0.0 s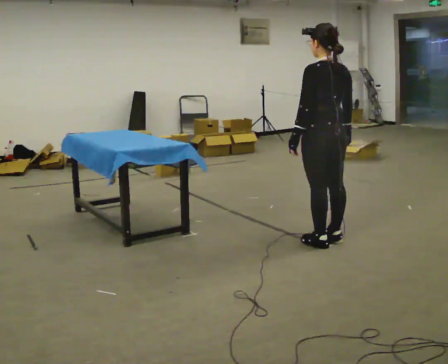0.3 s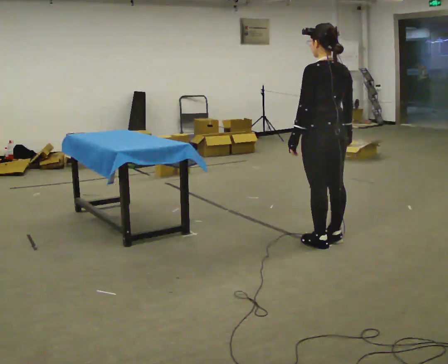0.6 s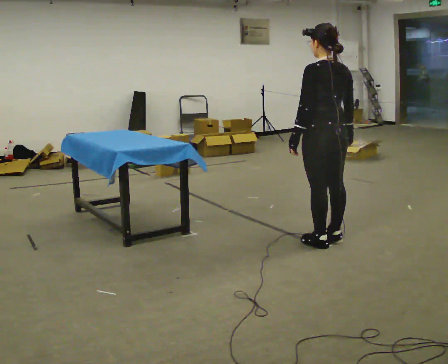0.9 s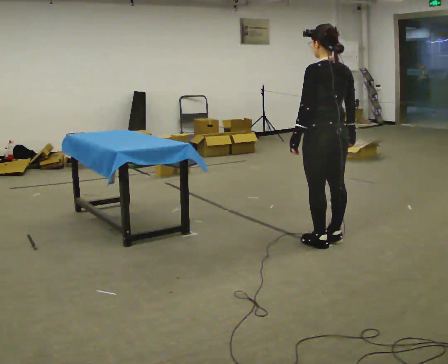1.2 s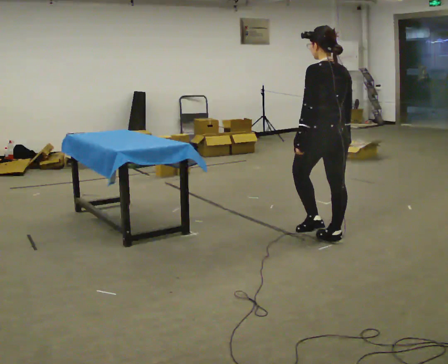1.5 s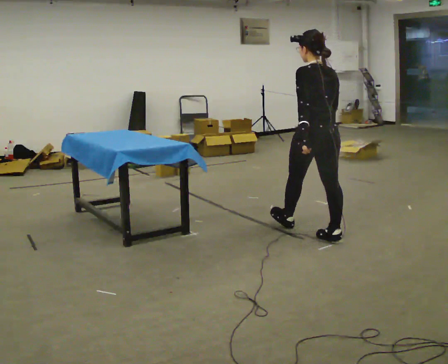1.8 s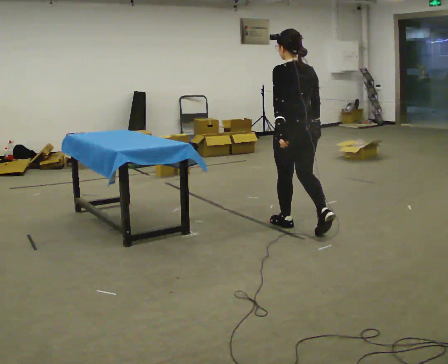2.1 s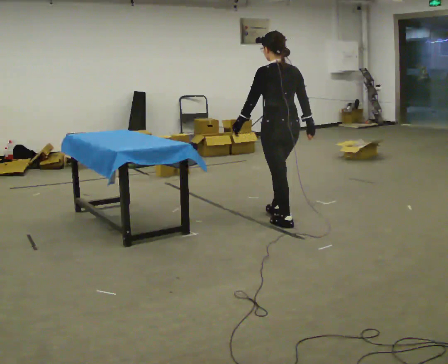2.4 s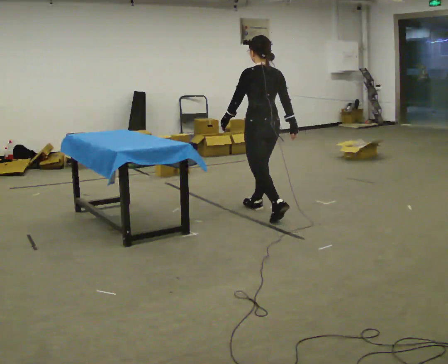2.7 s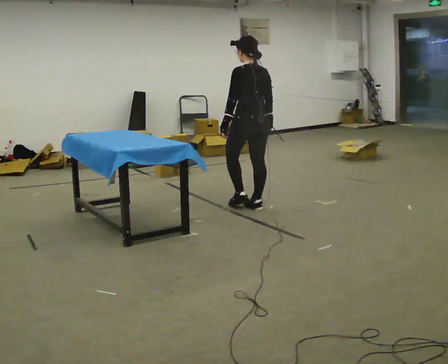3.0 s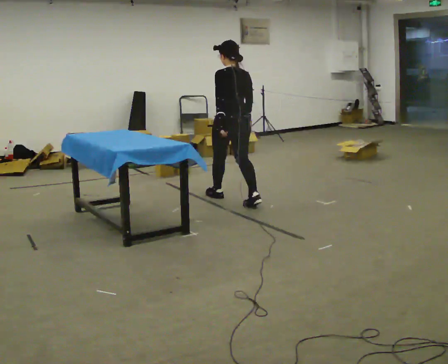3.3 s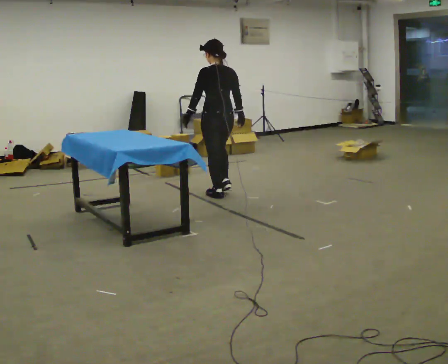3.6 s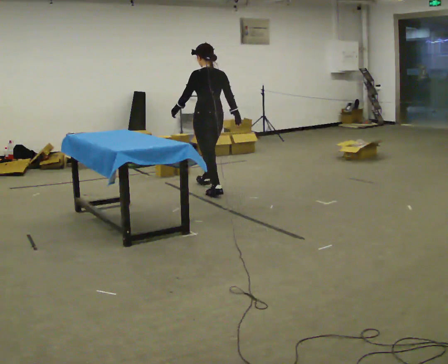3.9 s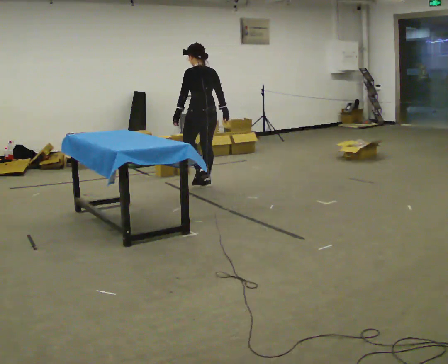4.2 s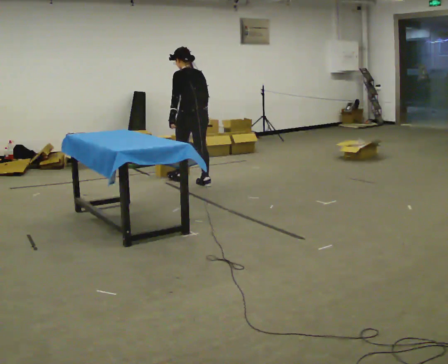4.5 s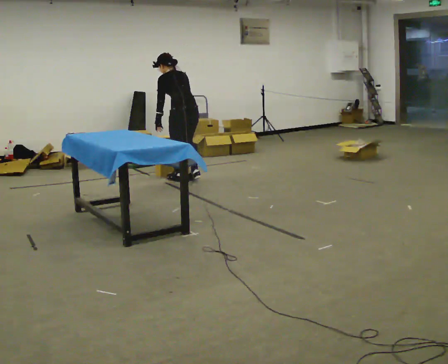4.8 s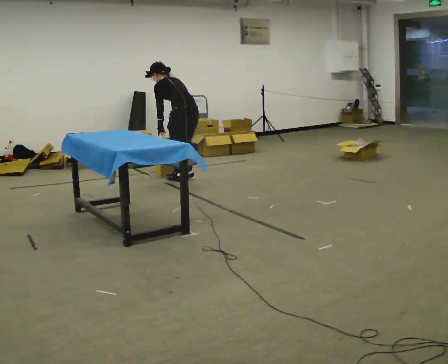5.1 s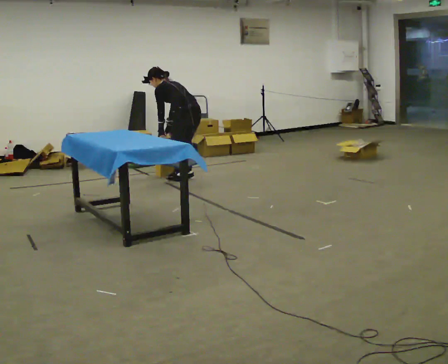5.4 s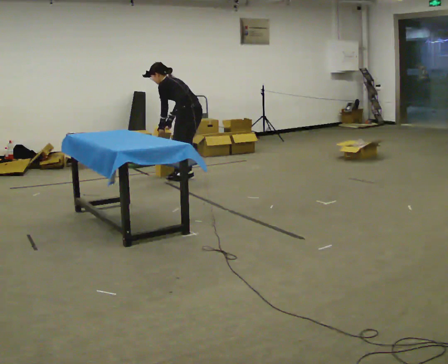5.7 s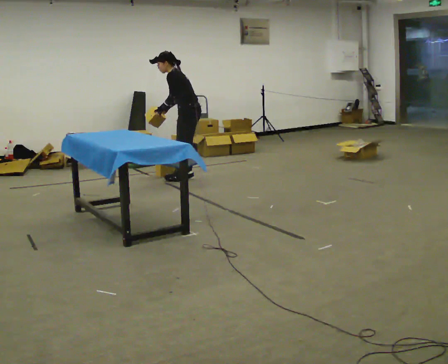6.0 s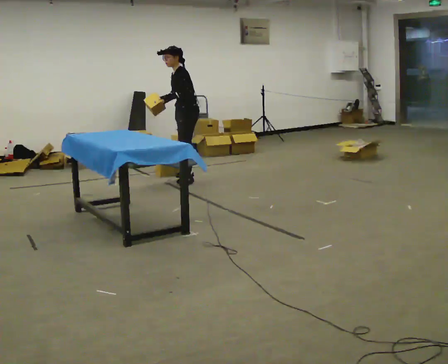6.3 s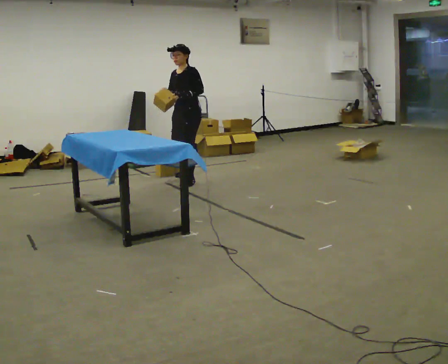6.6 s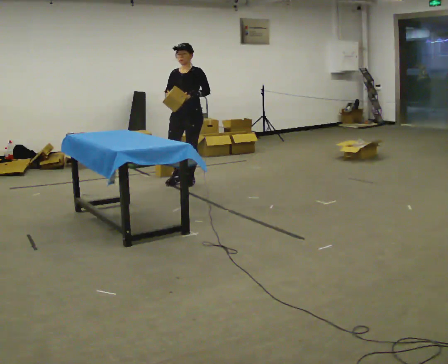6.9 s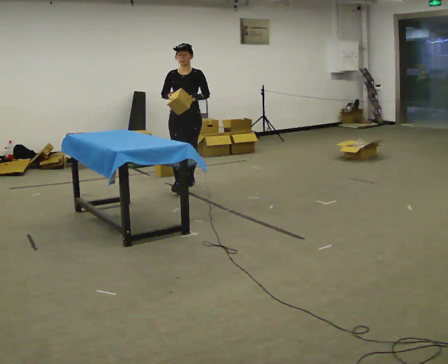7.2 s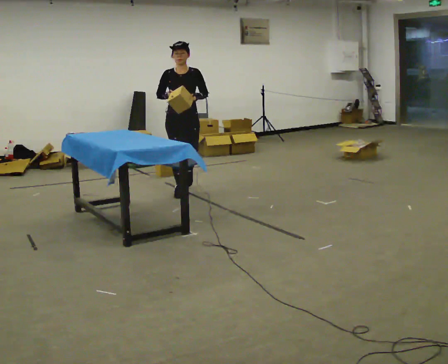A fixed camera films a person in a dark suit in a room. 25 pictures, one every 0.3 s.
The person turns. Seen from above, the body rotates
counterclockwise.
The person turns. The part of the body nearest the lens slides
to the right.
0.0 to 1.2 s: The person moves a little, or ends about where they began.
1.2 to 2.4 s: In the picture they go away from the camera and to the left, about 1 m in 2 steps, which for them is forward.
2.4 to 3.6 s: In the picture they go away from the camera and to the left, about 1 m in 2 steps, which for them is forward.
3.6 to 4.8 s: In the picture they go away from the camera and to the left, about 0.5 m in 2 steps, which for them is forward. In the picture the upper body tilts counterclockwise, shoulders to the left, as they bend forward.
4.8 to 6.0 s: The person turns about 60 degrees to their left, counterclockwise seen from above, so the part of the body nearest the lens slides to the right. The upper body tips toward the camera, its near side rolling downward.
6.0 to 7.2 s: Seen from above the body turns counterclockwise, about 90 degrees: to their left, with its near side sliding to the right. In the picture they go toward the camera, about 0.75 m in 1 step. In the picture the upper body tilts clockwise, shoulders to the right, as they lean back or straighten.
The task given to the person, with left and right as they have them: Bring the boxes over one at a time and stack them on top of each other, walking back for each one. Keep going until the operator says stop; one object at a time, and do not rush between trips.
The film runs forward here.
